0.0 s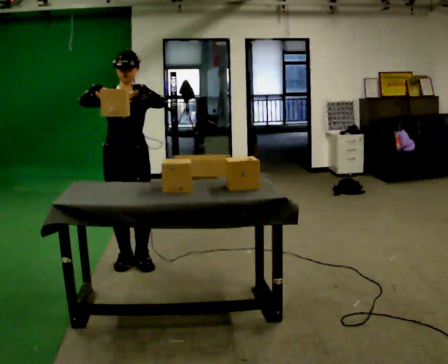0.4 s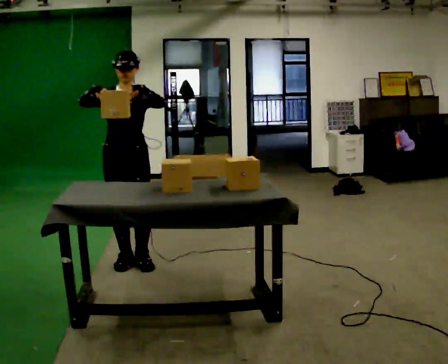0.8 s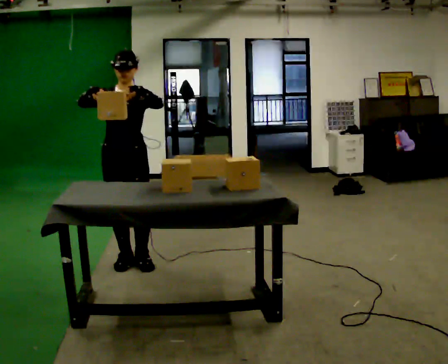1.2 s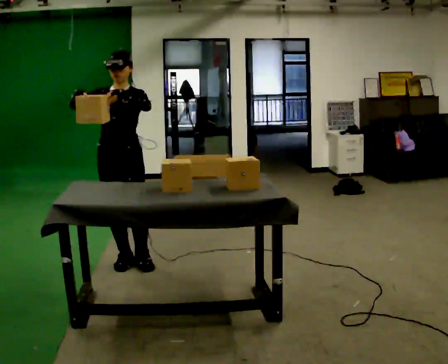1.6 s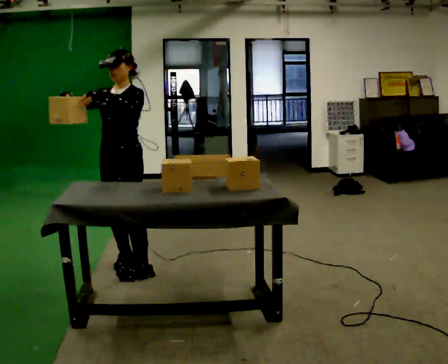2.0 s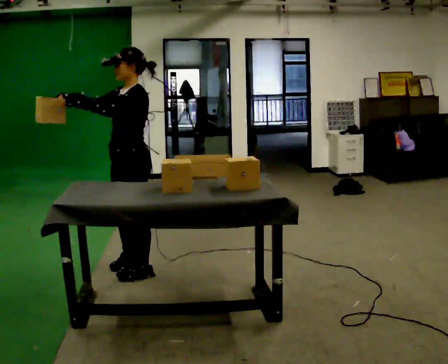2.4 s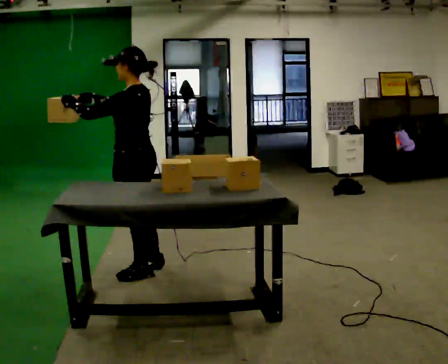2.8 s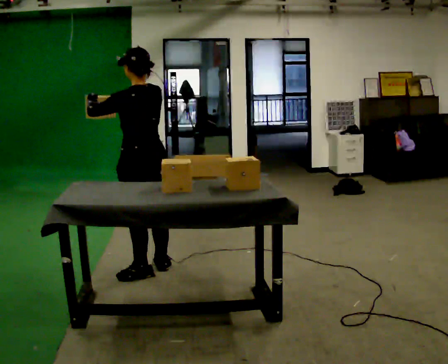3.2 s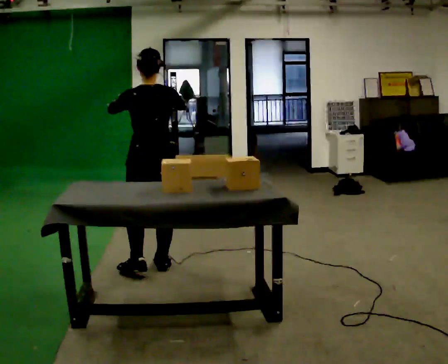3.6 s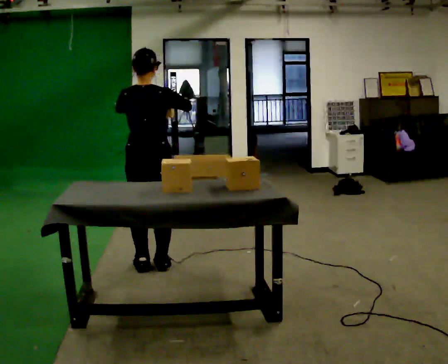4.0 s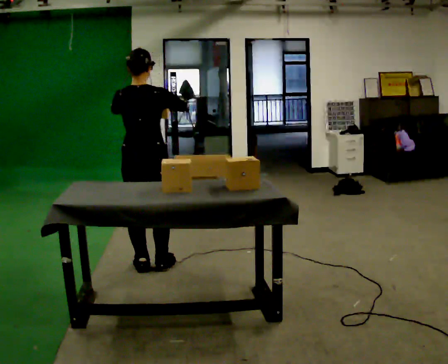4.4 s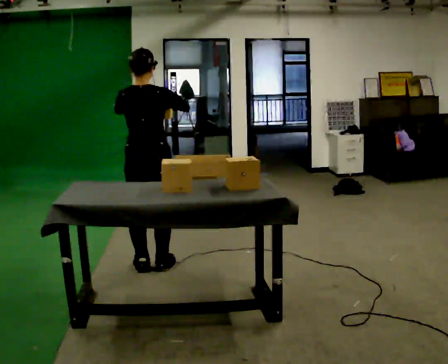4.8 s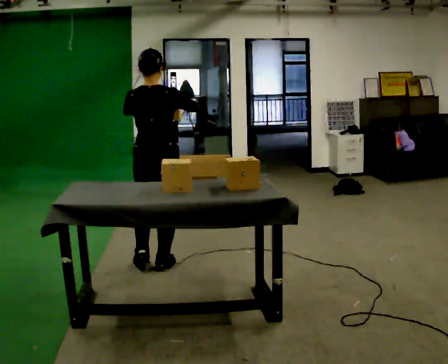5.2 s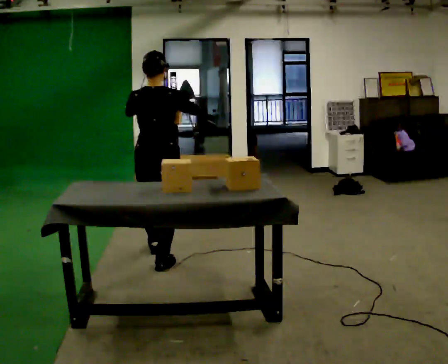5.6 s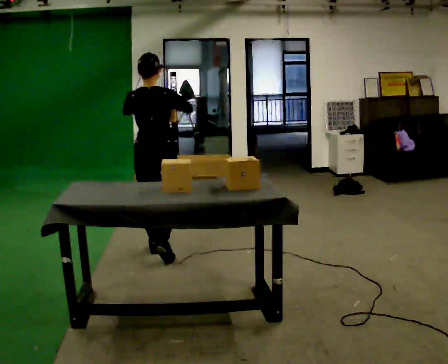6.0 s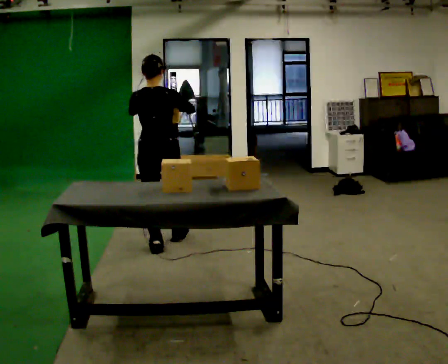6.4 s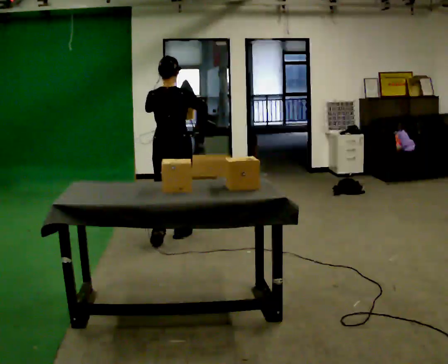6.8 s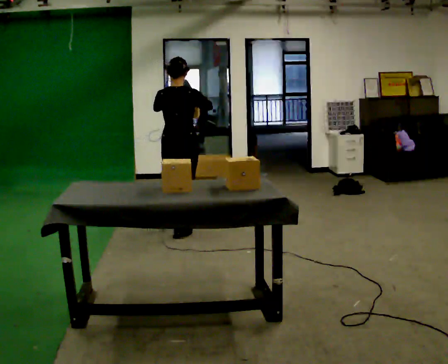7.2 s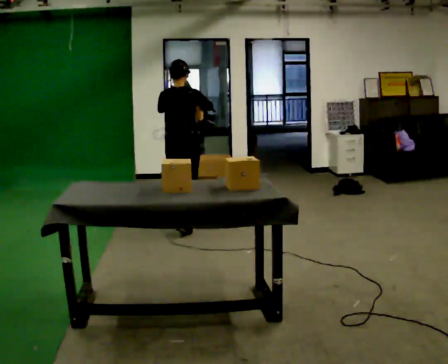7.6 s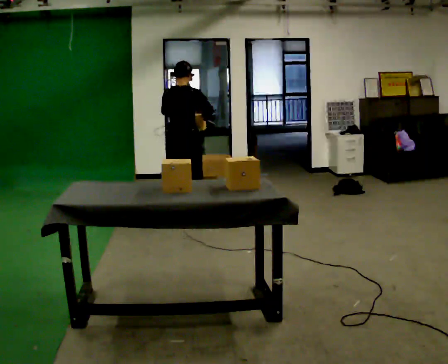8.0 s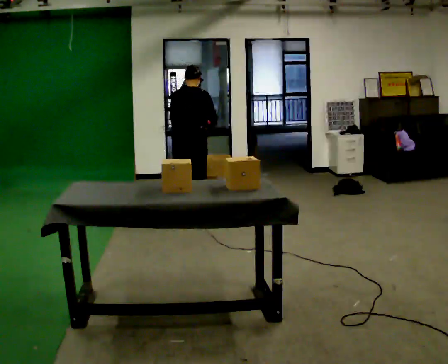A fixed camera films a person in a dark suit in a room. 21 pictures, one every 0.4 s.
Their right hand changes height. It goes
downward.
The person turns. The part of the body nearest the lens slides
to the left.
0.0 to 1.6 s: The part of the body nearest the lens slides to the left as the person turns to their right by about 30 degrees.
1.6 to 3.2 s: Seen from above the body turns clockwise, about 135 degrees: to their right, with its near side sliding to the left. In the picture they go to the right, about 0.25 m in 1 step.
3.2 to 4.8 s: The person moves a little, or ends about where they began.
4.8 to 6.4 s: In the picture they go away from the camera, about 0.75 m in 2 steps, which for them is forward.
6.4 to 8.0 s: In the picture they go away from the camera, about 0.75 m in 2 steps, which for them is forward. The upper body tips away from the camera, its near side rolling upward, as they bend forward.
The film runs forward here.
